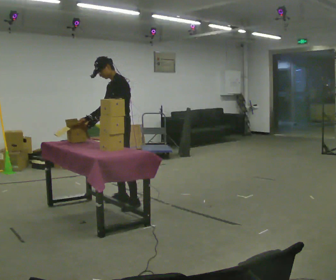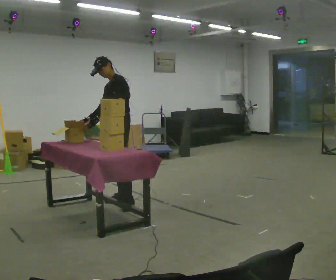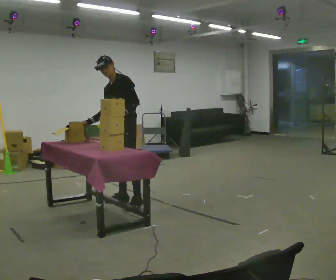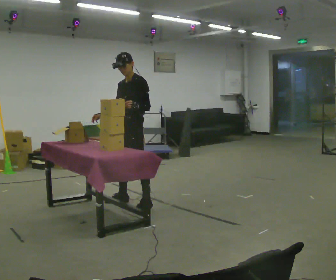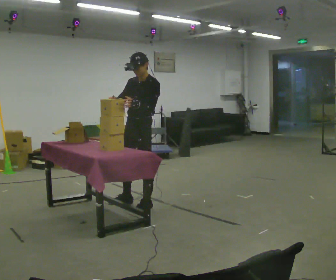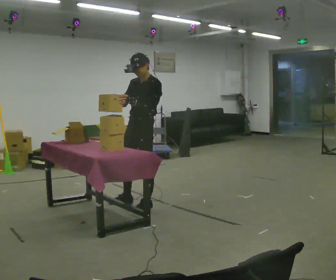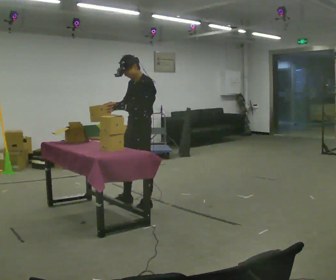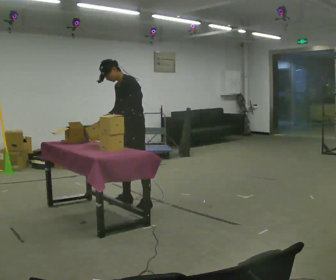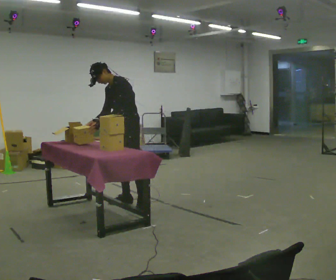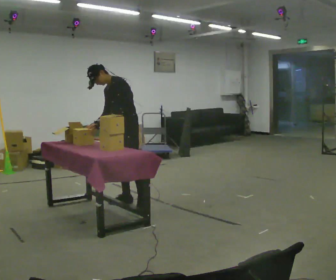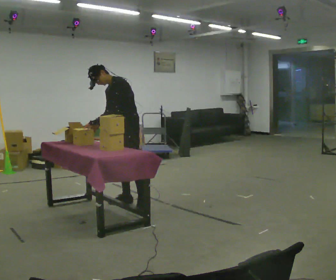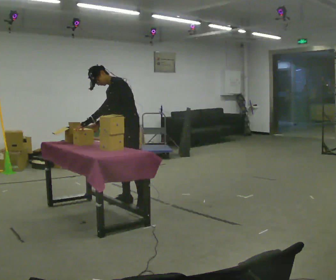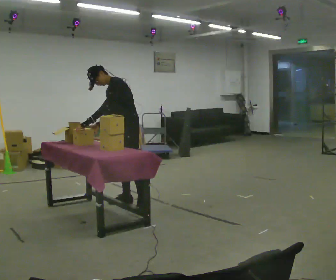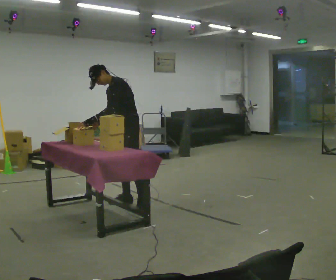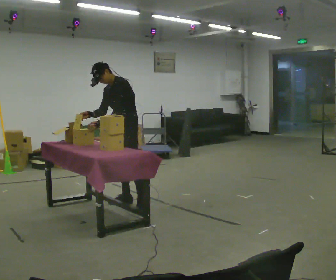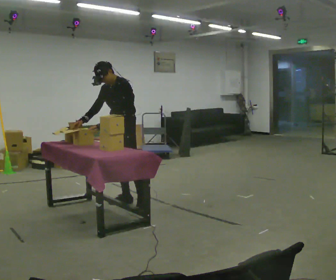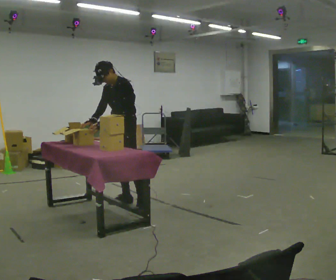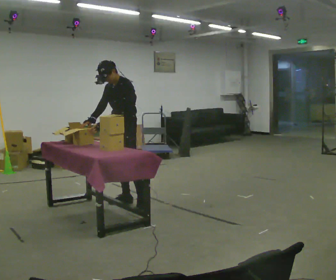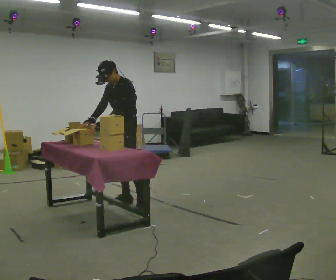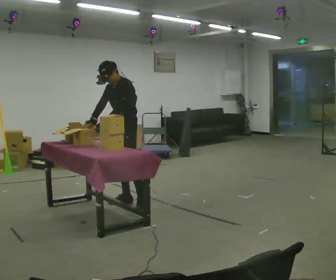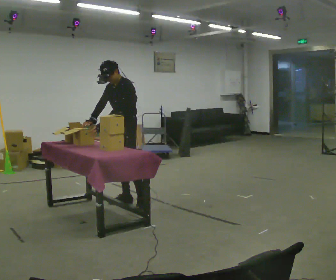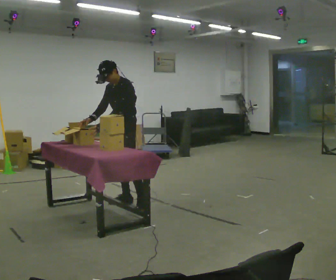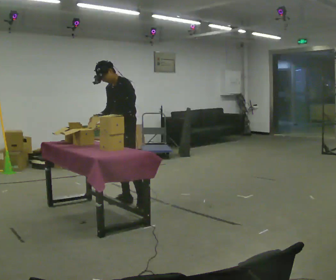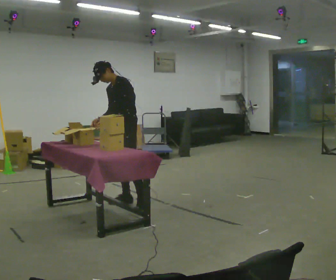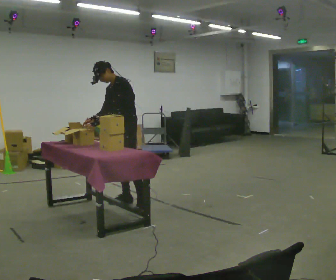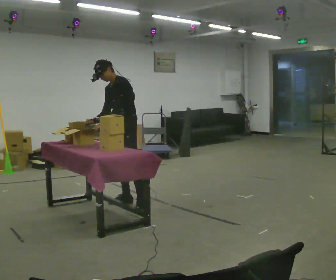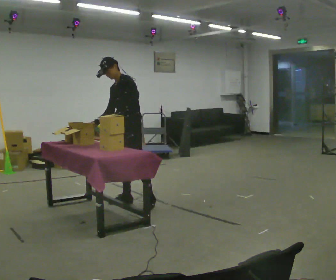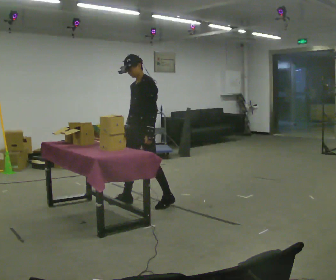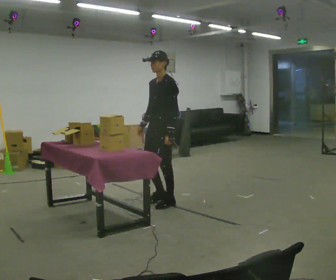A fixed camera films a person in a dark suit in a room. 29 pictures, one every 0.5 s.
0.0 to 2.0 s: In the picture they go to the right and toward the camera, about 0.25 m, which for them is to their left.
2.0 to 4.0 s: In the picture they go away from the camera, about 0.25 m, which for them is to their right. In the picture the upper body tilts counterclockwise, shoulders to the left, as they bend forward.
4.0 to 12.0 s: The person moves a little, or ends about where they began.
12.0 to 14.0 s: In the picture they go to the right, about 0.5 m in 1 step, which for them is to their left and backward. In the picture the upper body tilts clockwise, shoulders to the right.
The film runs forward here.
